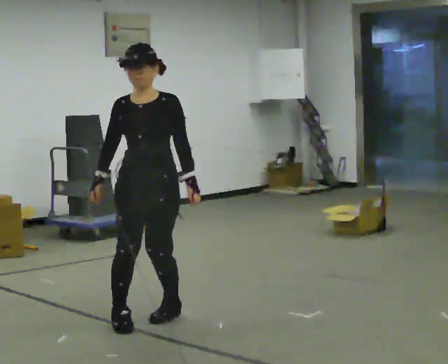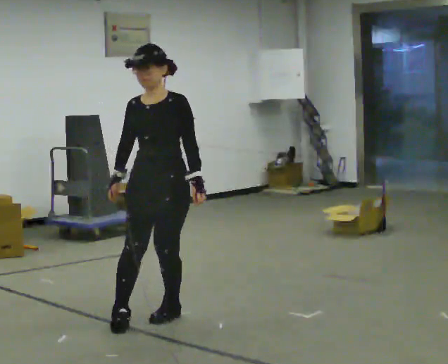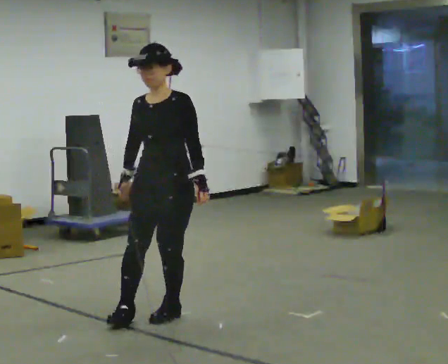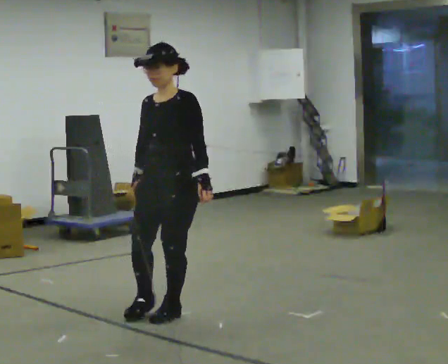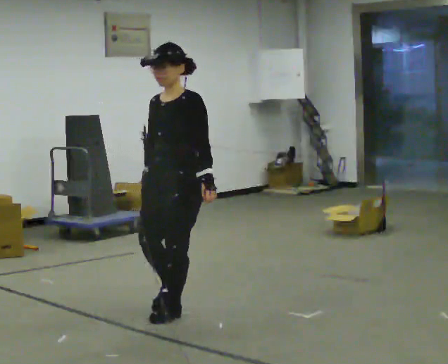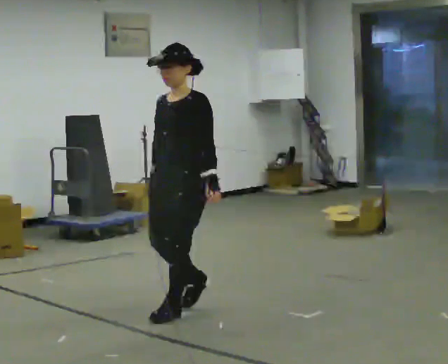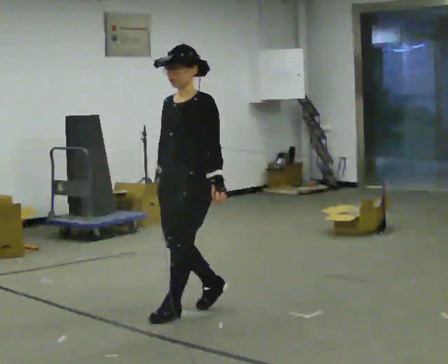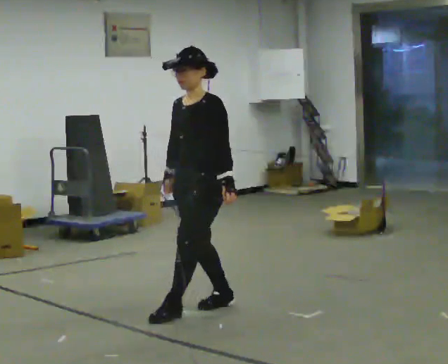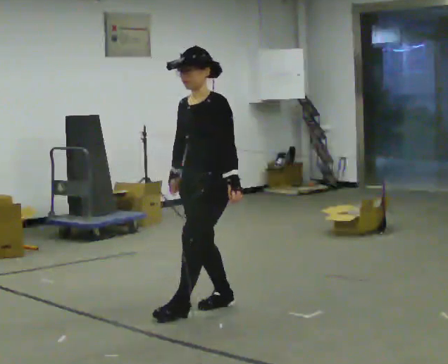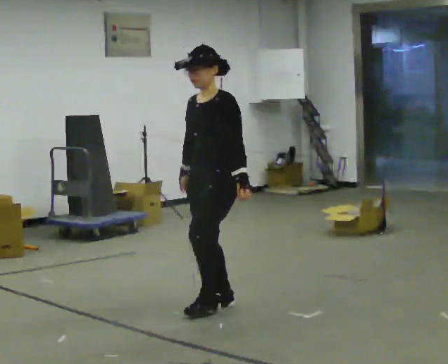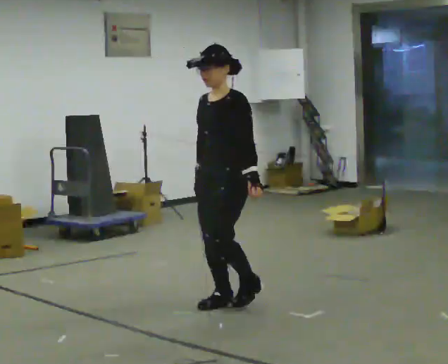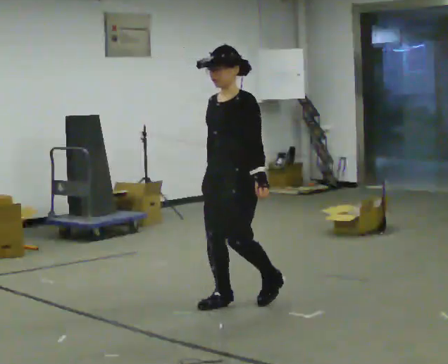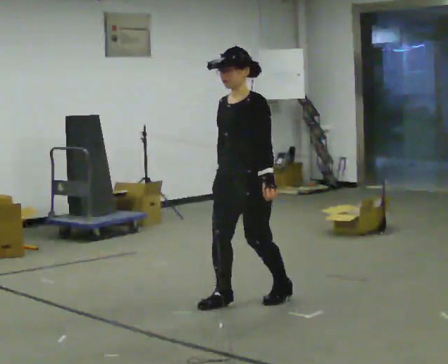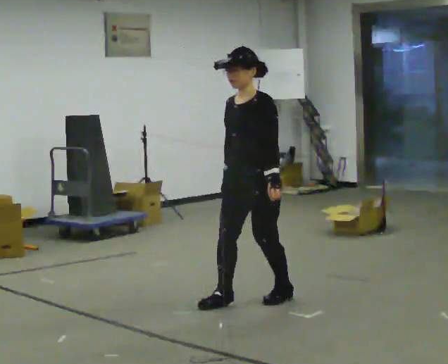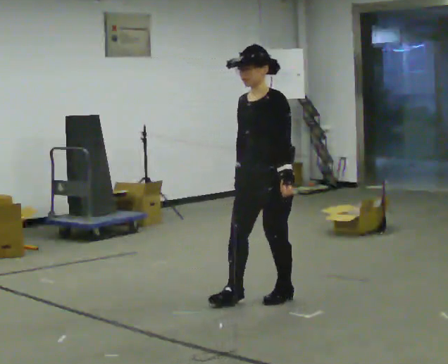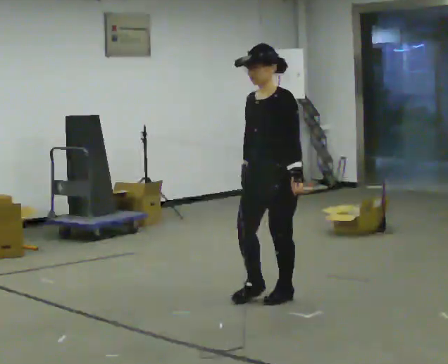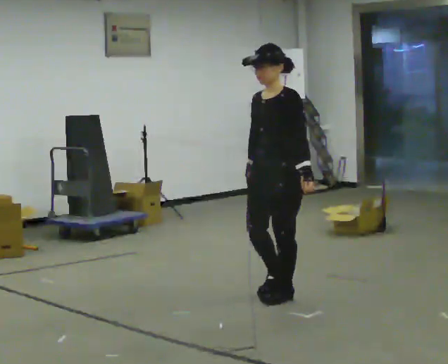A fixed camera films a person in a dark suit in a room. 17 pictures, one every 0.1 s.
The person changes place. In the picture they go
to the right.
0.0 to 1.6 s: Seen from above the body turns clockwise, about 30 degrees: to their right, with its near side sliding to the left. In the picture they go to the right and away from the camera, about 1 m in 2 steps, which for them is backward.
The film runs forward here.
